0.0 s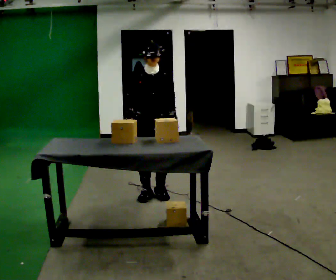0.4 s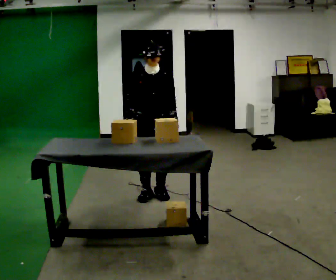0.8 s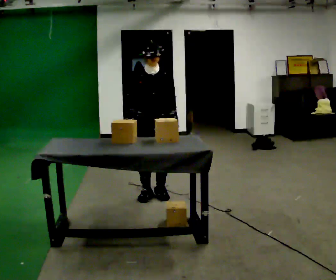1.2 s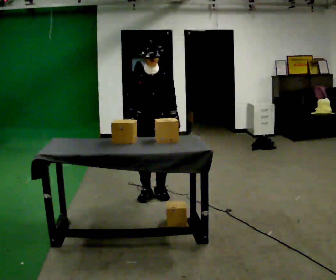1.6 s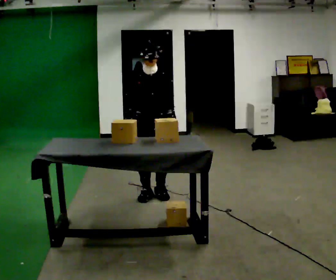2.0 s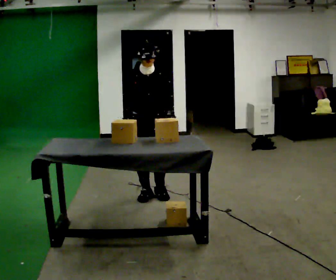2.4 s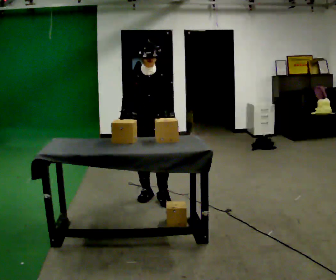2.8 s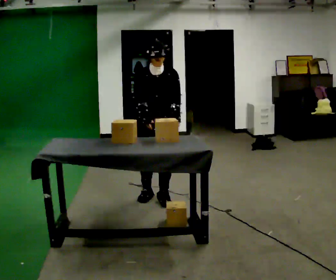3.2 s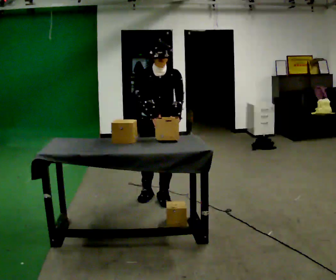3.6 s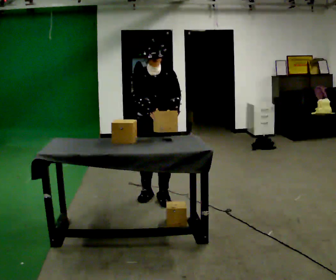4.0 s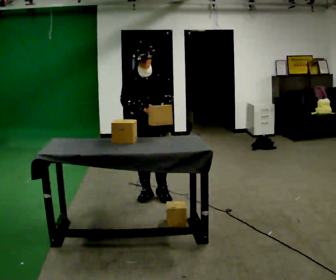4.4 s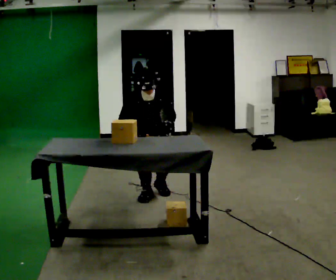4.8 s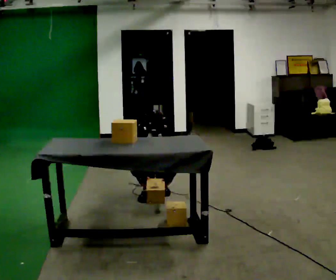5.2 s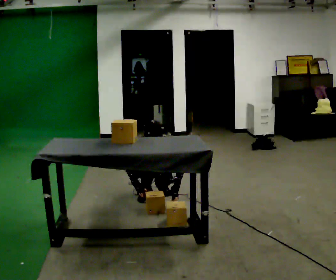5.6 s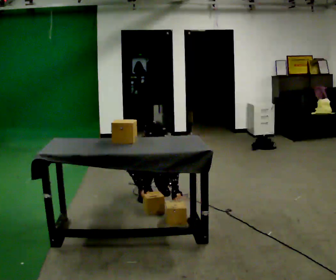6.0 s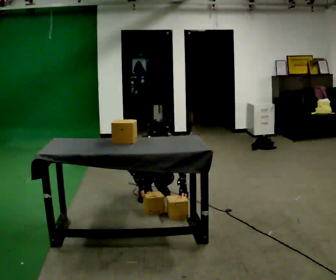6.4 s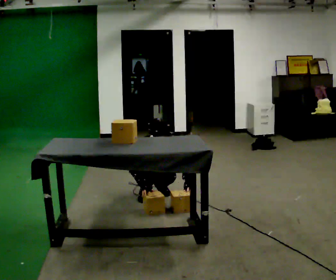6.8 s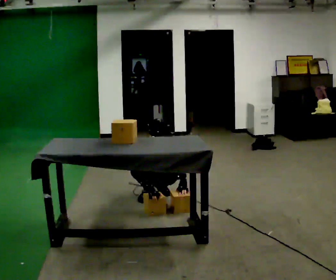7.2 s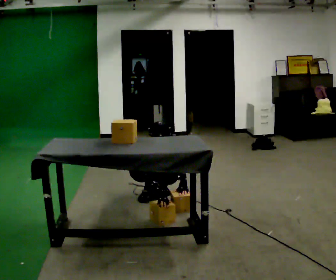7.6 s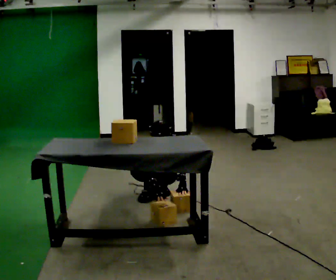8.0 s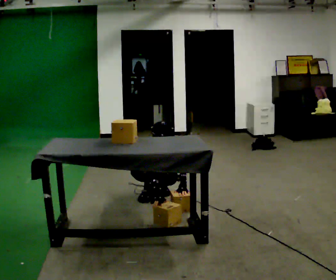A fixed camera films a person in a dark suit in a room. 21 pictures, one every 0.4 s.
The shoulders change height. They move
downward.
0.0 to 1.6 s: The person moves a little, or ends about where they began.
1.6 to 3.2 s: In the picture they go toward the camera, about 0.25 m in 1 step, which for them is forward.
3.2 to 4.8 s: In the picture they go away from the camera, about 0.25 m in 1 step, which for them is backward. The upper body goes downward. The upper body tips toward the camera, its near side rolling downward, as they bend forward. In the picture their right hand goes downward.
4.8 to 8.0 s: The upper body goes downward.
The film runs backward here.
